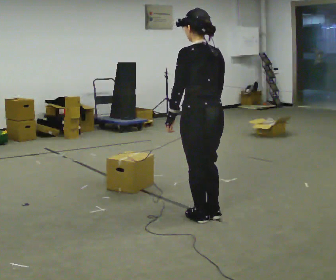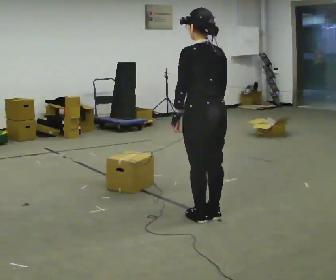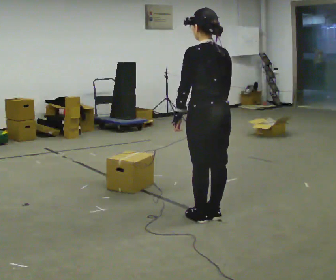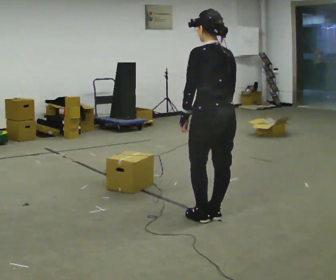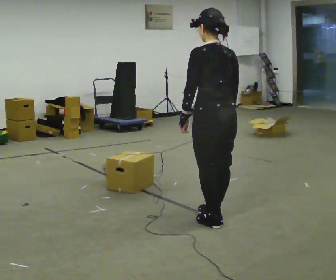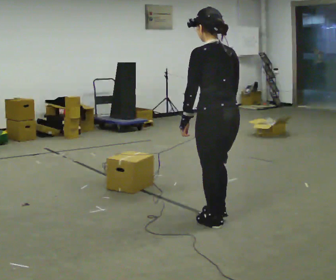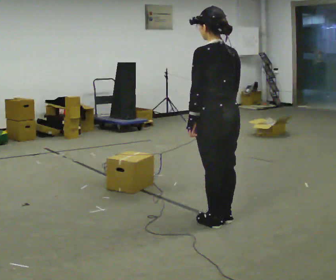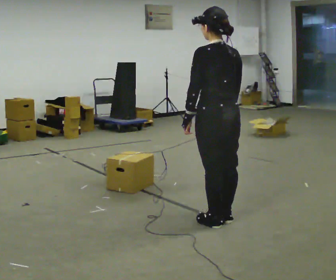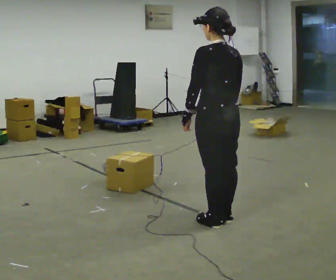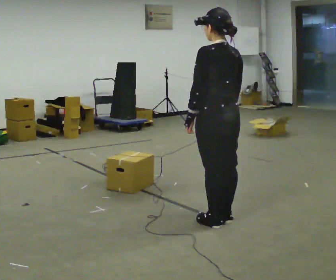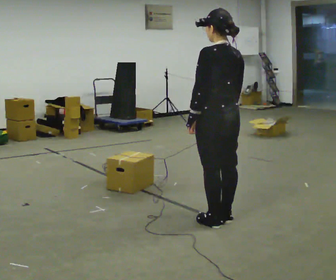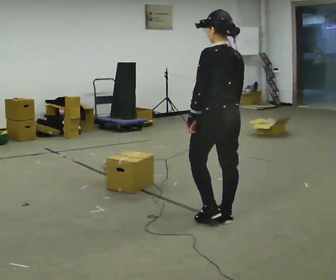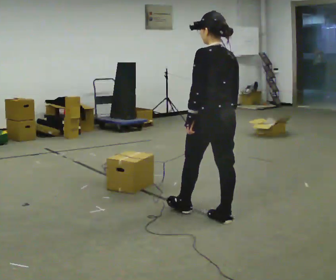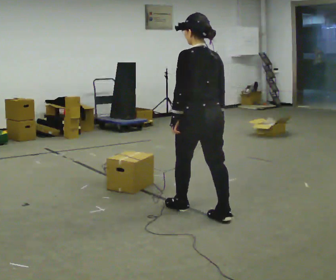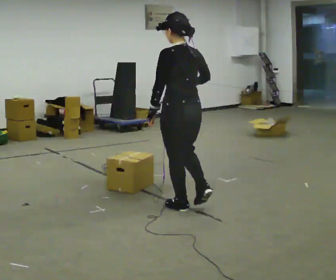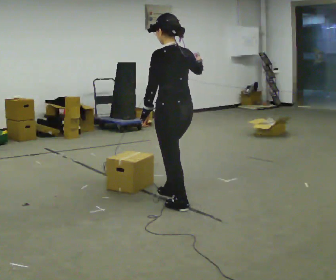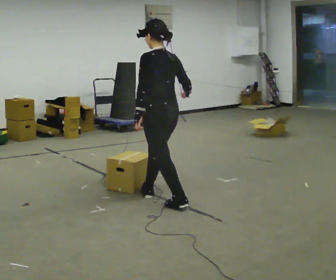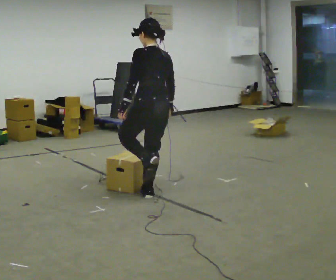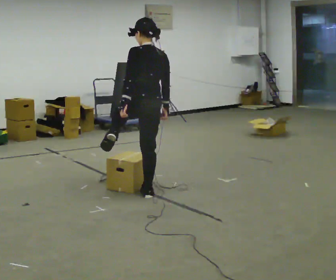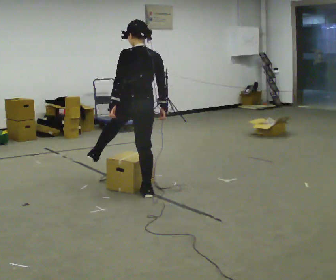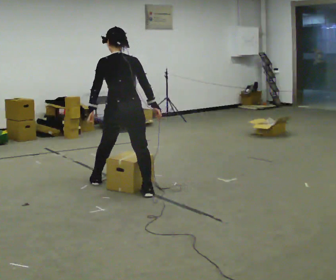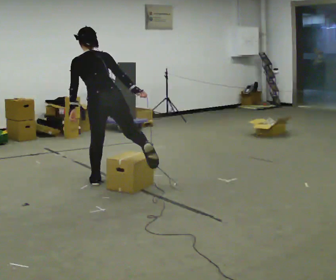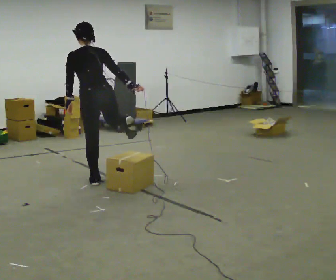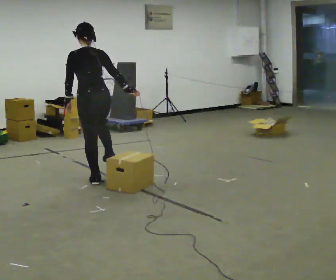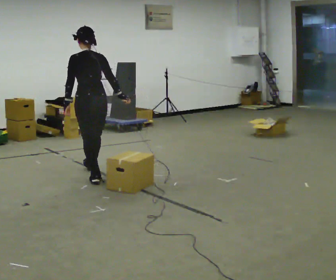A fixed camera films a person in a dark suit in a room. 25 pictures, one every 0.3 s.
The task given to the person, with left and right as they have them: Walk across the room at a normal pace, looking ahead. Something may appear in your way. Deal with it however comes naturally and carry on.
0.0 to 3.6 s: The person moves a little, or ends about where they began.
3.6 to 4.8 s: In the picture they go to the left and away from the camera, about 0.75 m in 1 step, which for them is forward.
4.8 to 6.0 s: The part of the body nearest the lens slides to the left as the person turns to their right by about 30 degrees. In the picture they go to the left and away from the camera, about 0.5 m in 1 step, which for them is forward and to their left.
6.0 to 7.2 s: In the picture they go away from the camera and to the left, about 0.5 m in 1 step, which for them is forward. In the picture the upper body tilts clockwise, shoulders to the right, as they lean back or straighten.
The film runs forward here.
